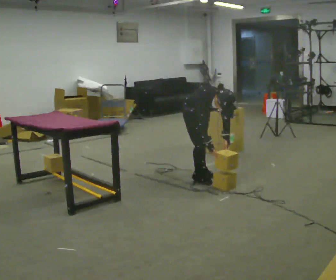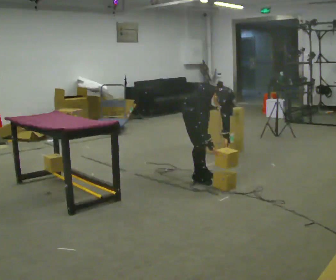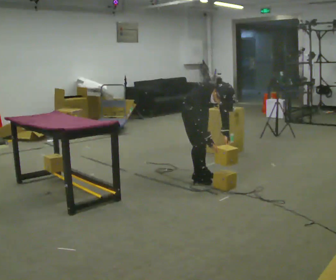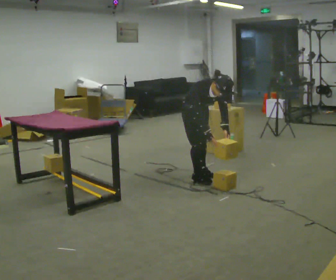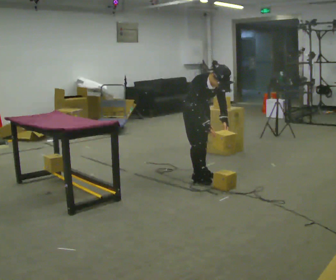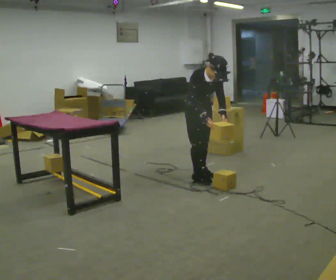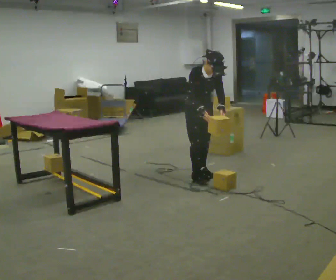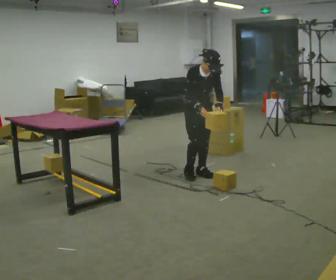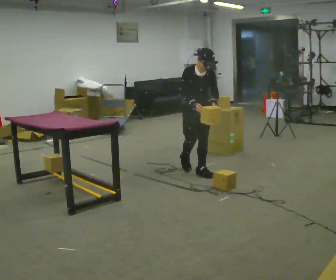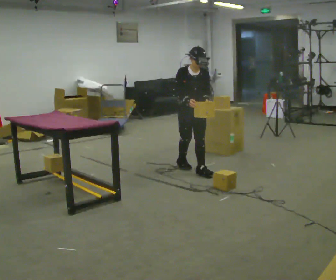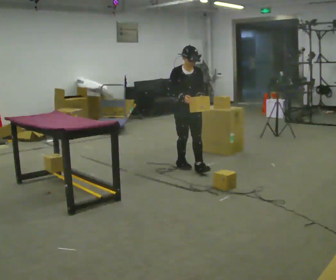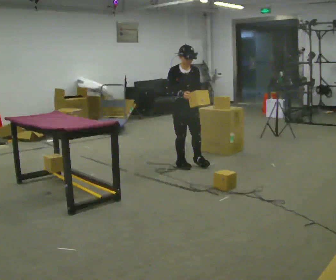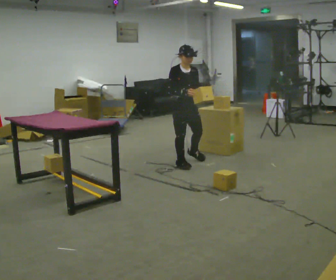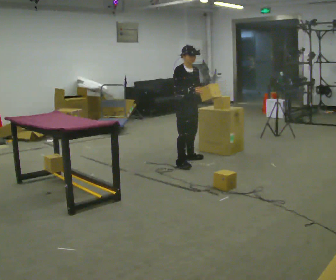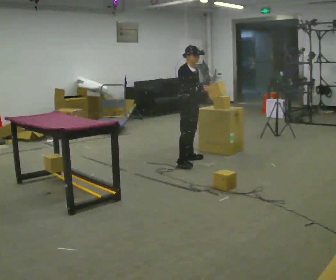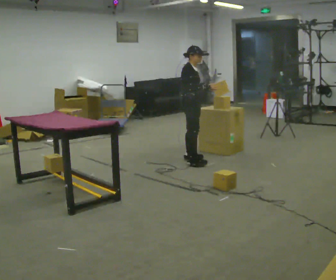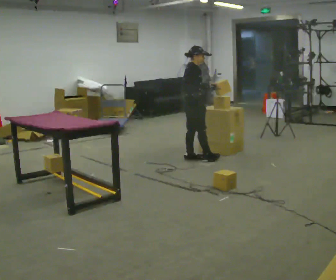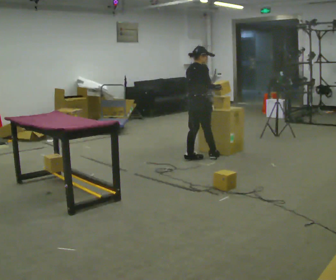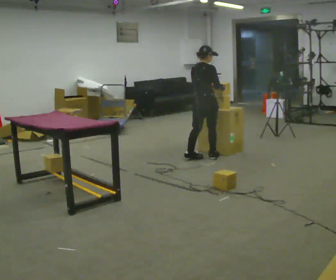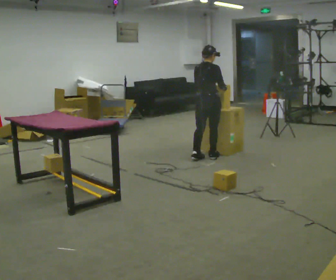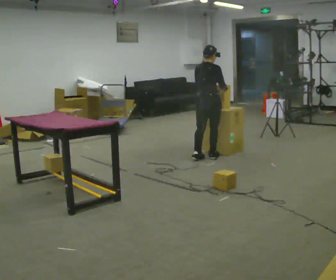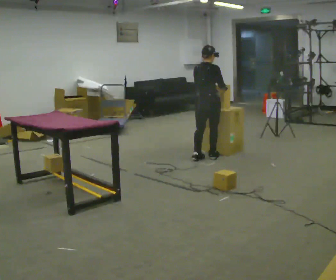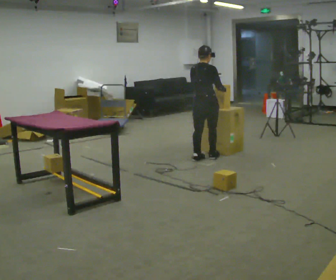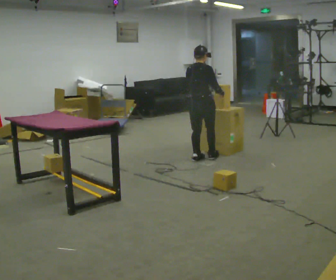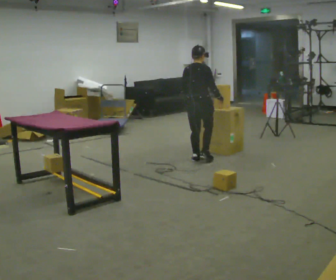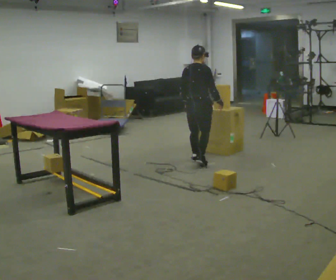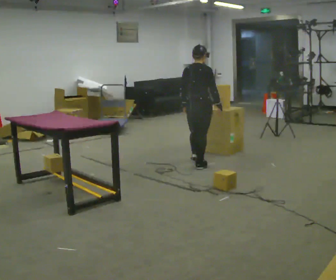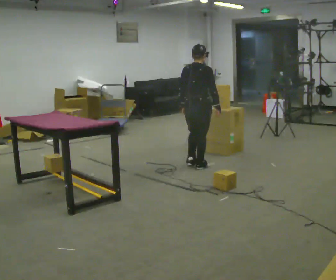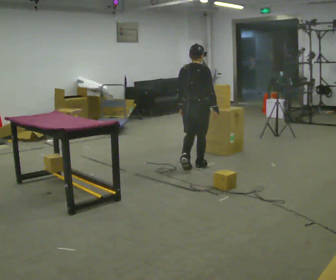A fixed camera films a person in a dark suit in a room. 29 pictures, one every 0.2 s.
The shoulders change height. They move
upward.
The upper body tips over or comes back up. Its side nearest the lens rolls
upward.
0.0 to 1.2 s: The shoulders move upward. The upper body tips away from the camera, its near side rolling upward, as they lean back or straighten. In the picture their right hand goes upward.
1.2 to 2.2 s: In the picture they go away from the camera, about 0.5 m in 2 steps, which for them is backward.
2.2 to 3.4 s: The person turns about 90 degrees to their left, counterclockwise seen from above, so the part of the body nearest the lens slides to the right. In the picture they go away from the camera and to the right, about 0.5 m in 1 step.
3.4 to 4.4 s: The person turns about 30 degrees to their left, counterclockwise seen from above, so the part of the body nearest the lens slides to the right.
4.4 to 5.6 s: In the picture they go toward the camera, about 0.5 m in 2 steps, which for them is backward.
The film runs backward here.
